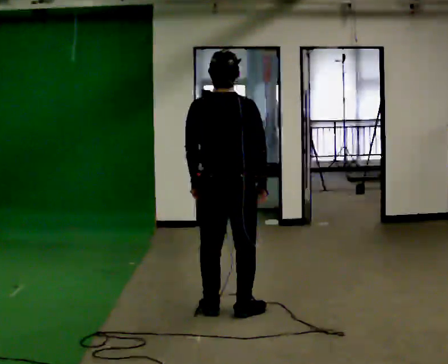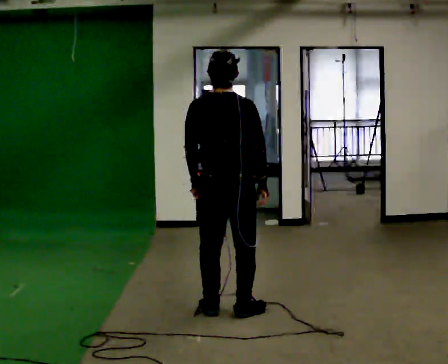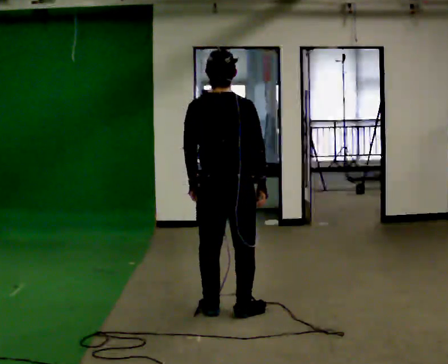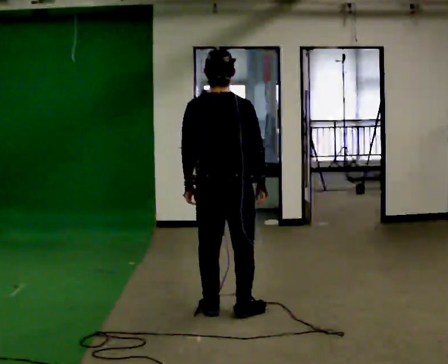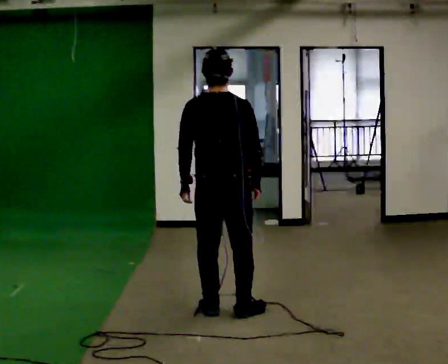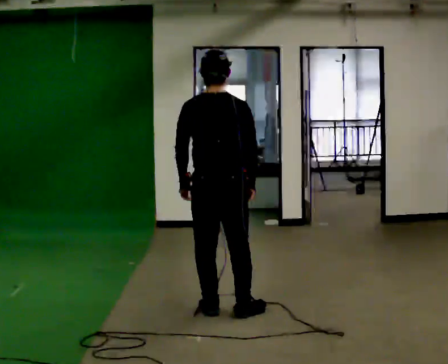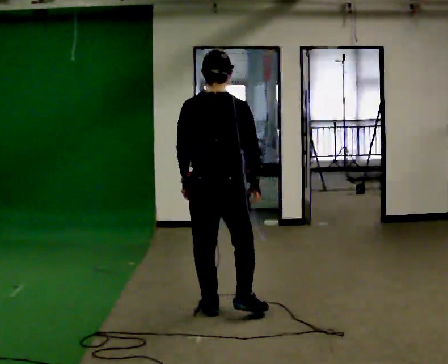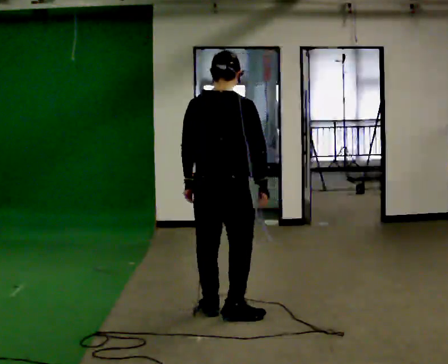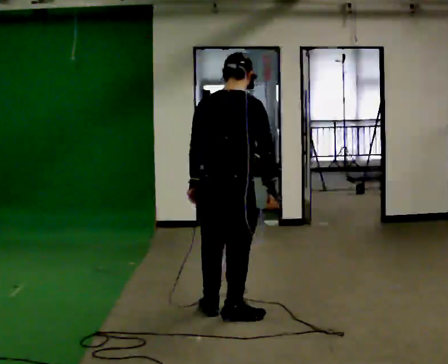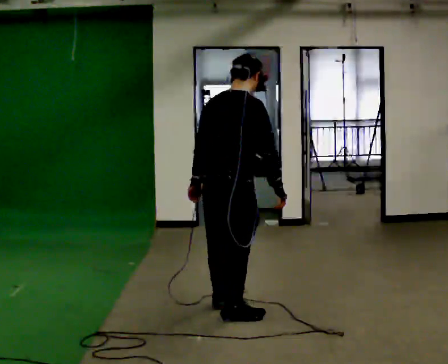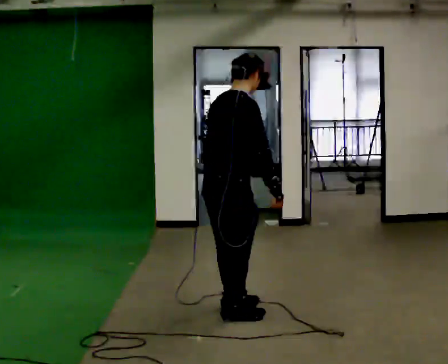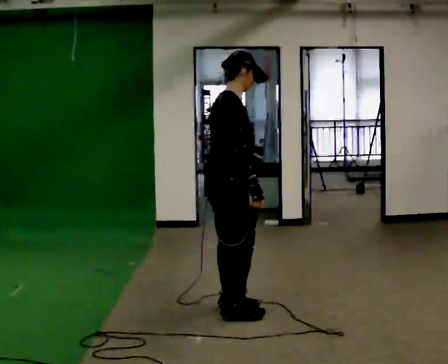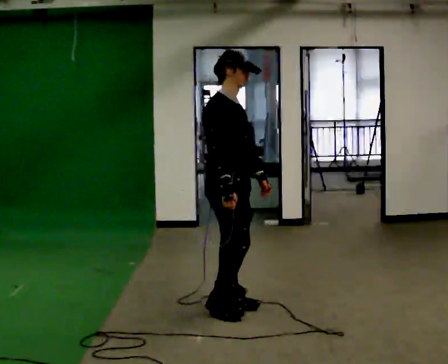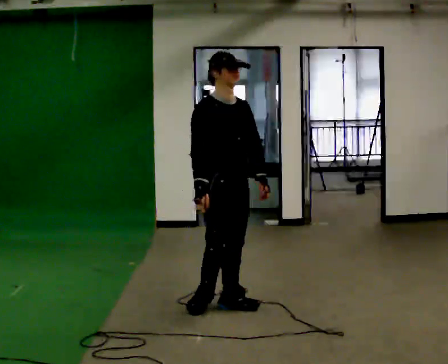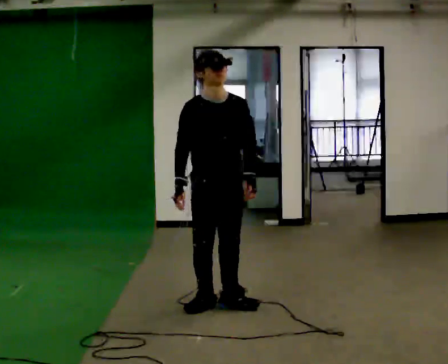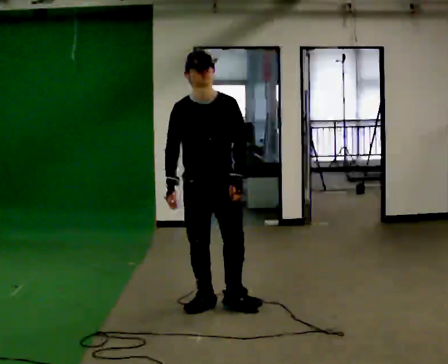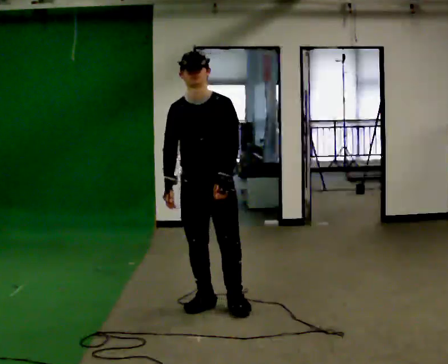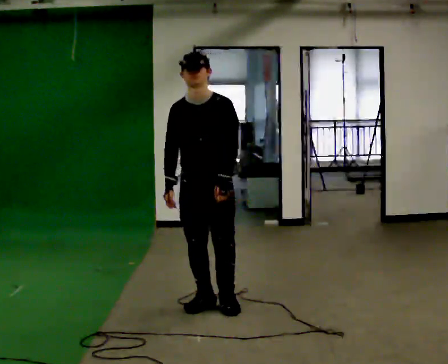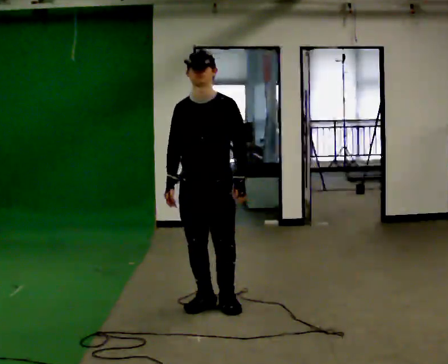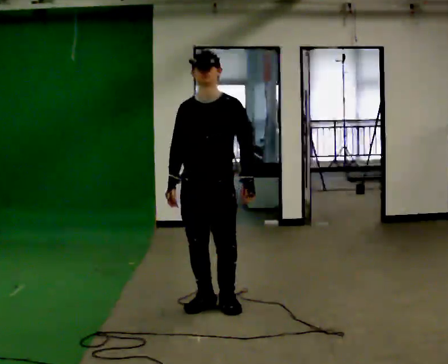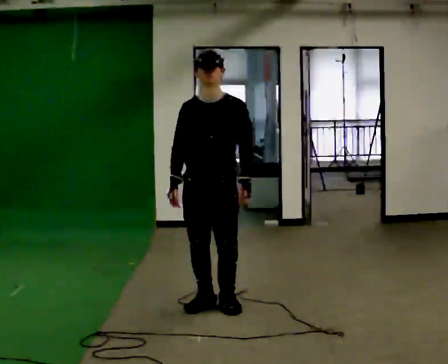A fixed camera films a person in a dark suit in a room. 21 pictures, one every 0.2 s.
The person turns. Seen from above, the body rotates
clockwise.
The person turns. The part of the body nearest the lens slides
to the left.
0.0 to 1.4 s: The person moves a little, or ends about where they began.
1.4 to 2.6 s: Seen from above the body turns clockwise, about 120 degrees: to their right, with its near side sliding to the left. In the picture their left hand goes to the right, the arm swinging counterclockwise.
2.6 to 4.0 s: The person turns about 60 degrees to their right, clockwise seen from above, so the part of the body nearest the lens slides to the left.
The film runs backward here.
